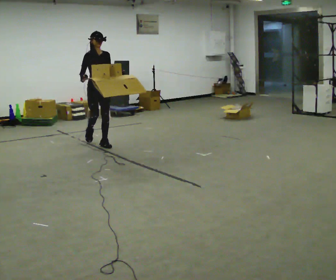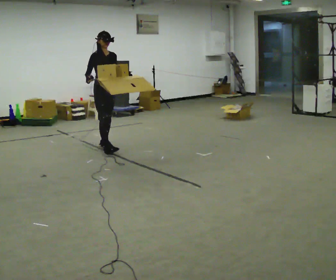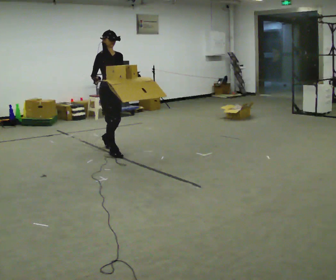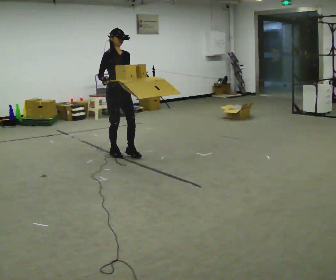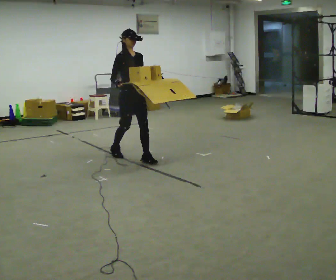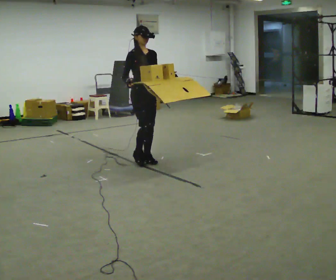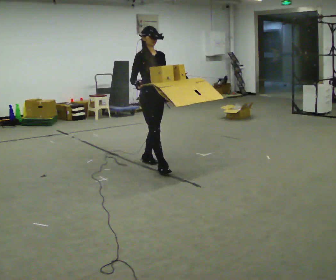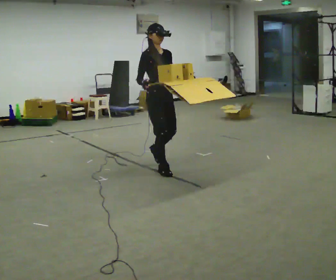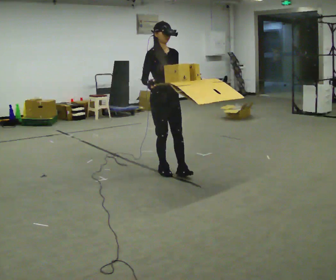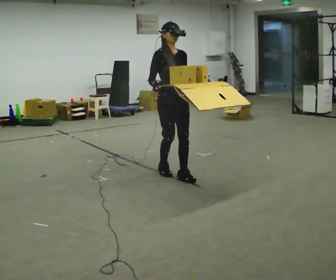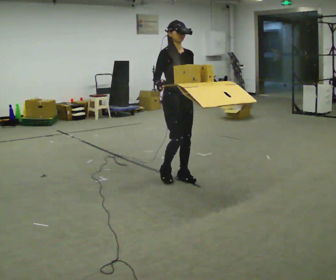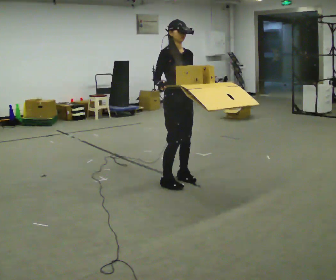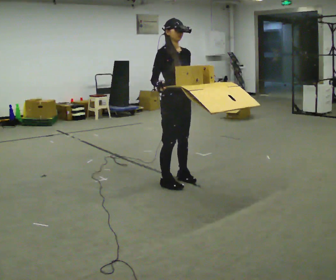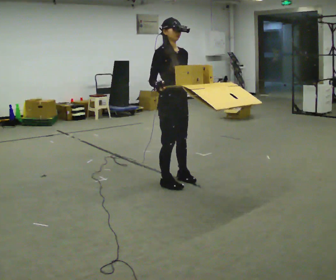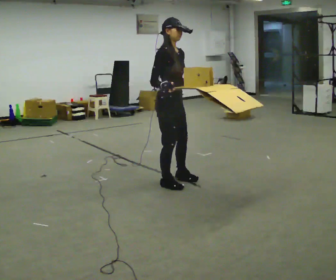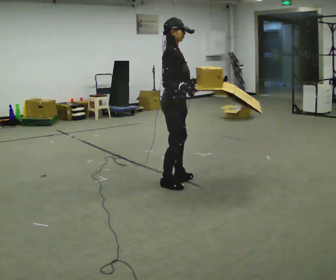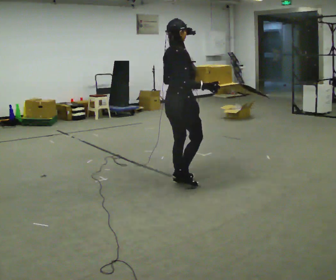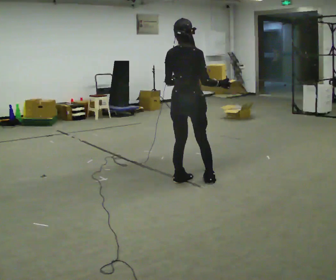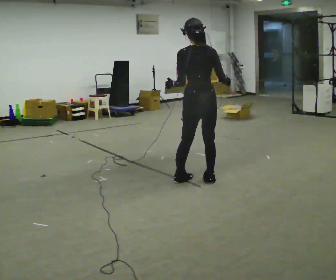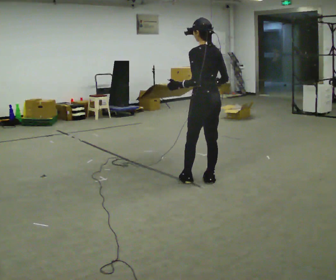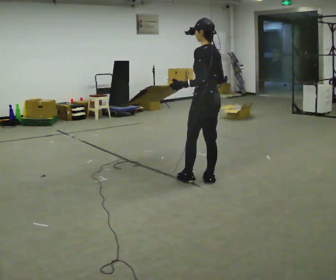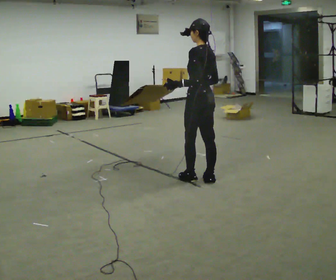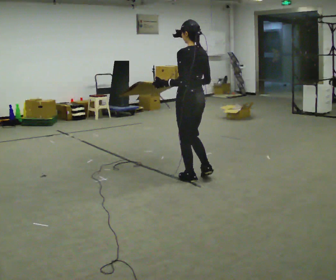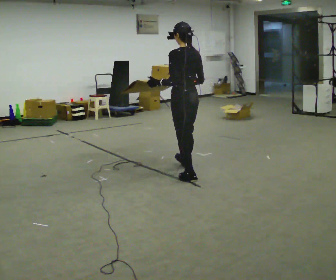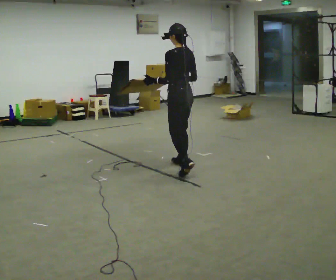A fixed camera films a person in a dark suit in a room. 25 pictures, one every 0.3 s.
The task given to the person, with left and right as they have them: Carry the loaded tray flat and level in both hands, walking back and forth across the room. Try not to let anything slide off.
0.0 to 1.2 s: In the picture they go to the right and toward the camera, about 1 m in 2 steps, which for them is forward.
1.2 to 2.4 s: In the picture they go to the right and toward the camera, about 0.75 m in 1 step, which for them is forward.
2.4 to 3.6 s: In the picture they go toward the camera and to the right, about 0.25 m in 2 steps, which for them is forward.
3.6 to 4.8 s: The part of the body nearest the lens slides to the right as the person turns to their left by about 75 degrees. In the picture their right hand goes to the right.
4.8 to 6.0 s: The person turns about 120 degrees to their left, counterclockwise seen from above, so the part of the body nearest the lens slides to the right. In the picture they go to the right, about 0.25 m in 1 step.
6.0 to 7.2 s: In the picture they go to the left and away from the camera, about 0.5 m in 1 step, which for them is forward.
The film runs forward here.
